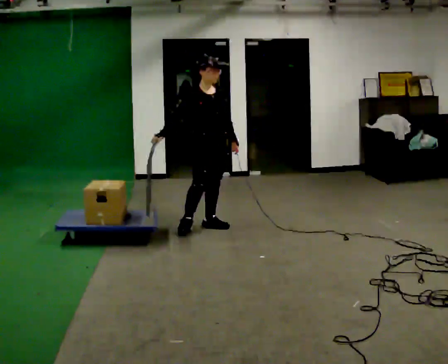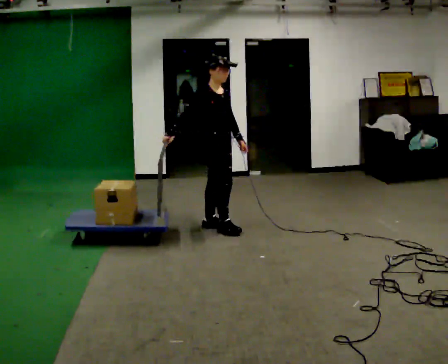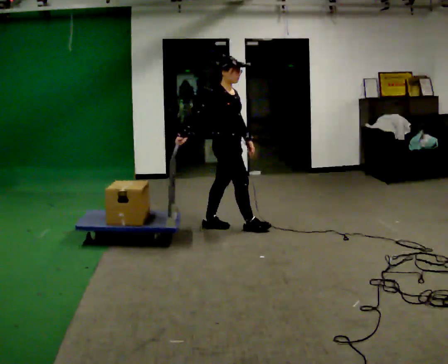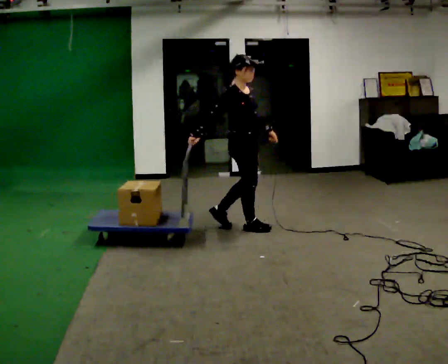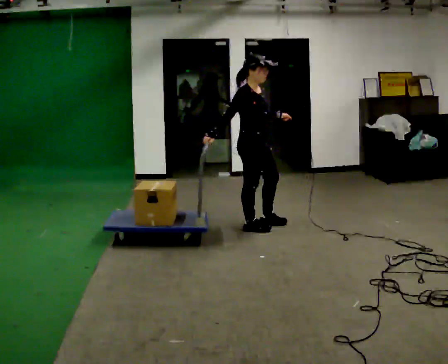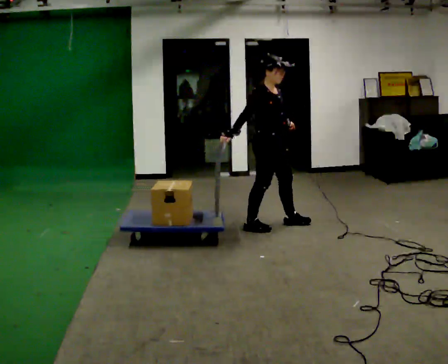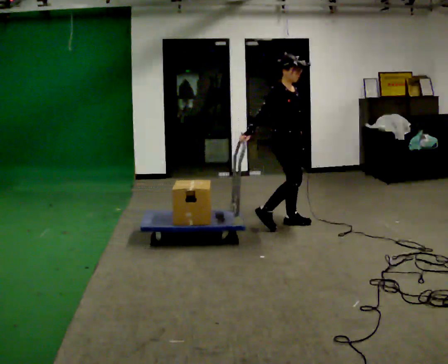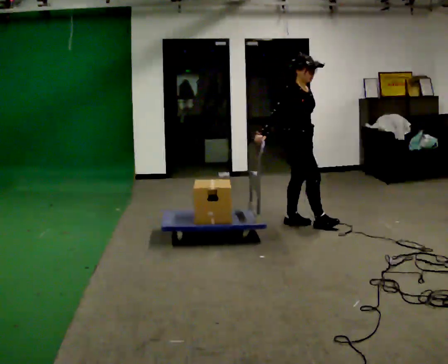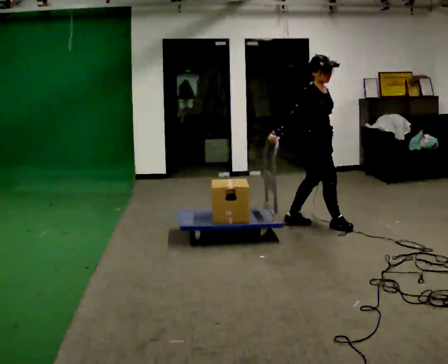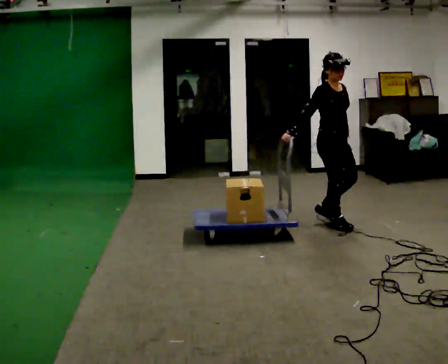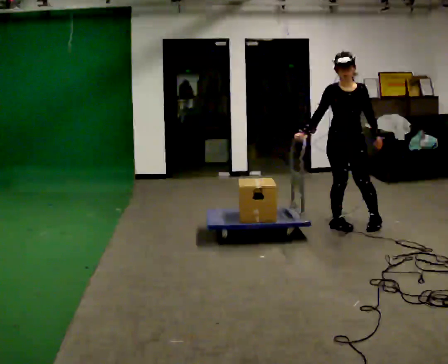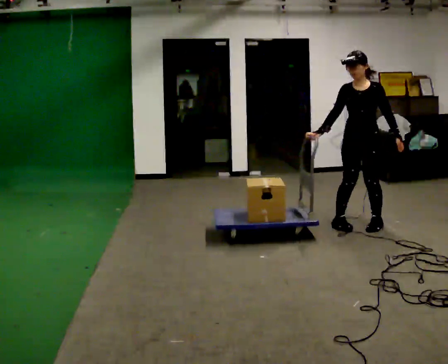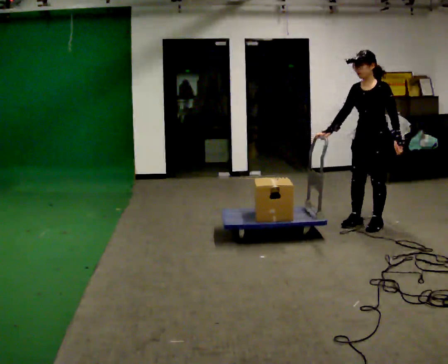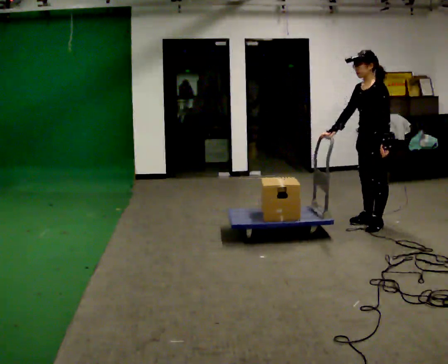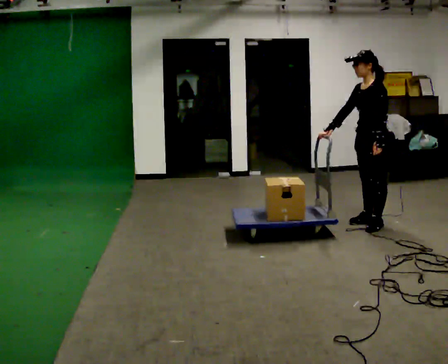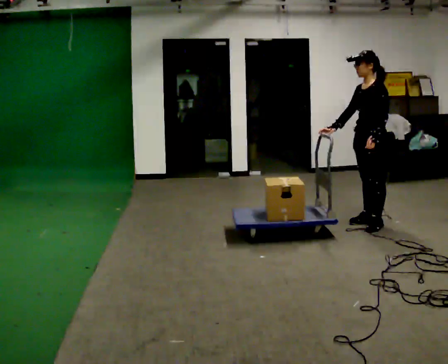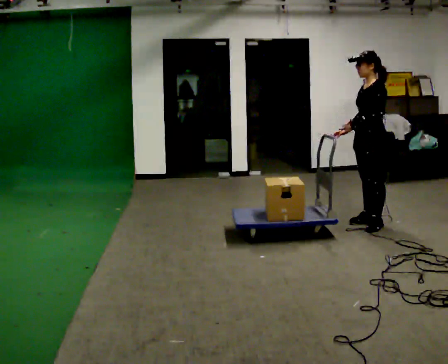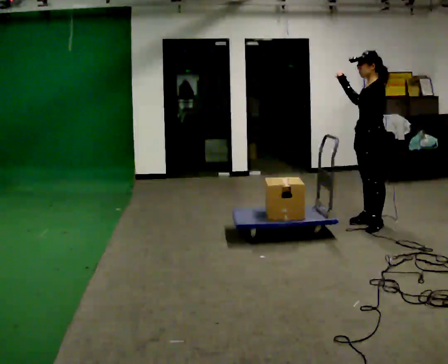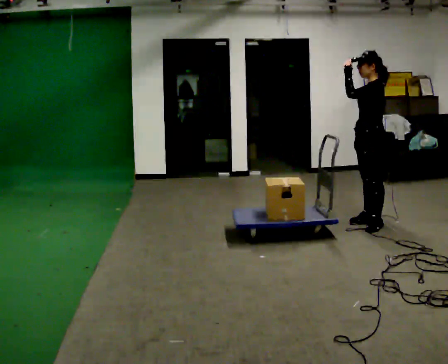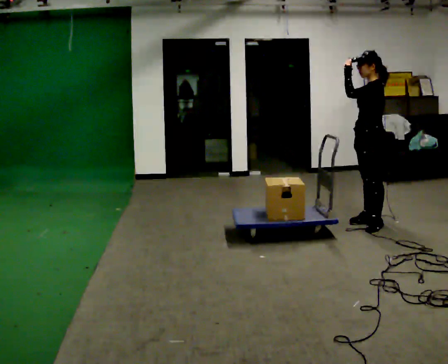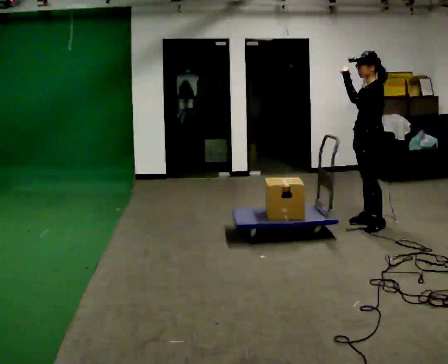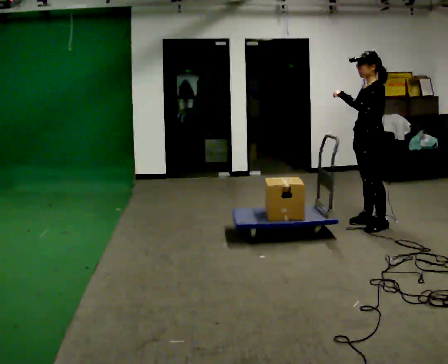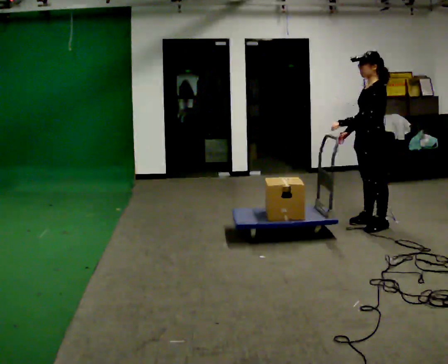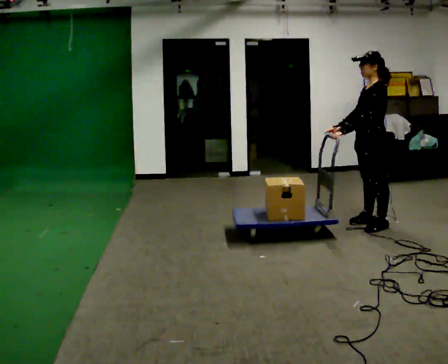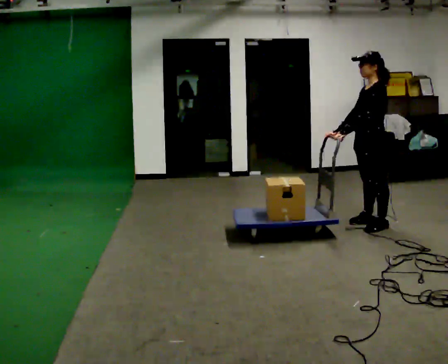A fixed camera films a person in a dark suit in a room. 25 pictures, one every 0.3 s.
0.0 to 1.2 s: The person turns about 30 degrees to their left, counterclockwise seen from above, so the part of the body nearest the lens slides to the right. In the picture they go to the right, about 0.5 m in 1 step, which for them is forward.
1.2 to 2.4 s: In the picture they go to the right, about 0.5 m in 2 steps, which for them is forward and to their left.
2.4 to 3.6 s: The part of the body nearest the lens slides to the left as the person turns to their right by about 120 degrees. In the picture they go to the right, about 0.5 m in 1 step.
3.6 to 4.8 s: Seen from above the body turns clockwise, about 30 degrees: to their right, with its near side sliding to the left. In the picture their left hand goes to the left.
4.8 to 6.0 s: The person moves a little, or ends about where they began.
6.0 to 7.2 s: In the picture their left hand goes downward.
The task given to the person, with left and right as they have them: Push the cart across the room and back. The operator will change how much is loaded on it between takes and will tell you each time.
The film runs forward here.
